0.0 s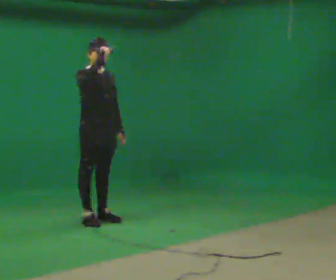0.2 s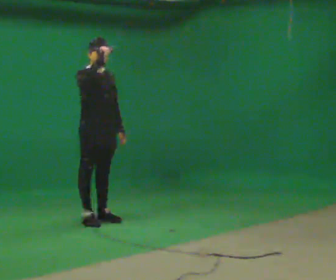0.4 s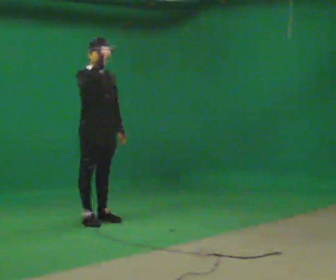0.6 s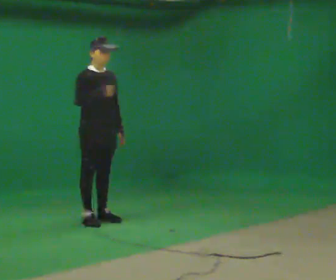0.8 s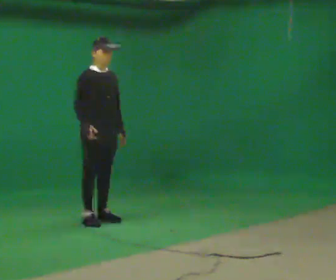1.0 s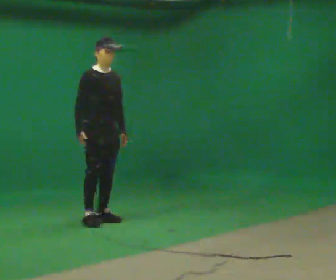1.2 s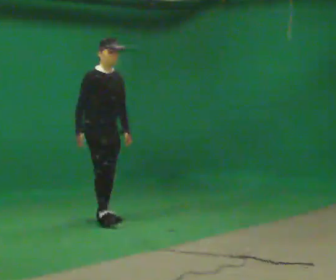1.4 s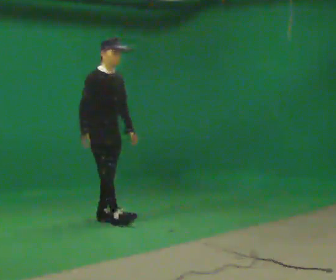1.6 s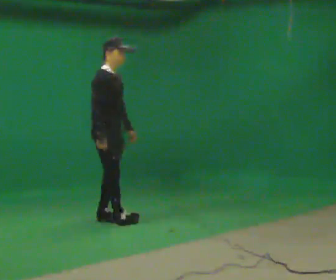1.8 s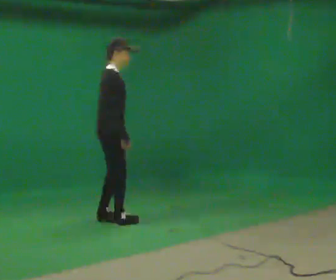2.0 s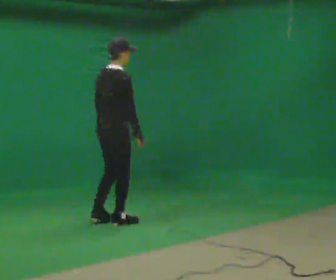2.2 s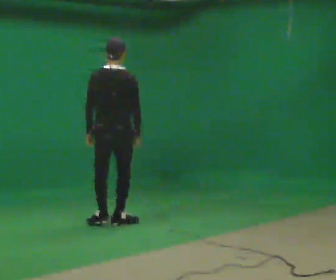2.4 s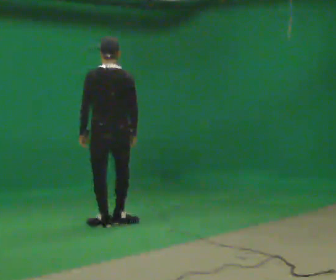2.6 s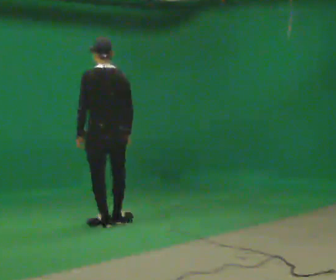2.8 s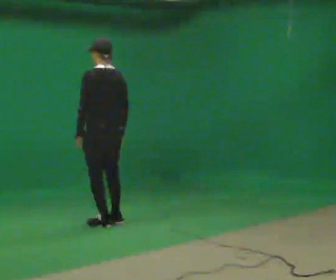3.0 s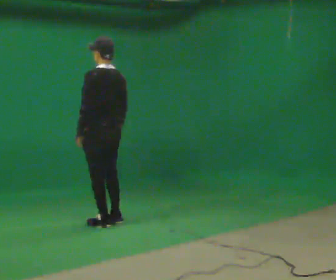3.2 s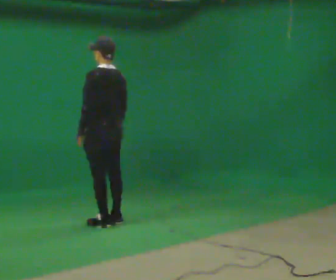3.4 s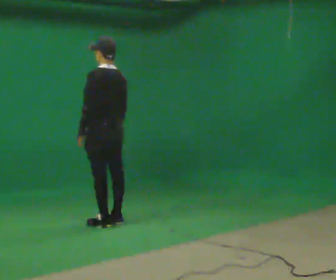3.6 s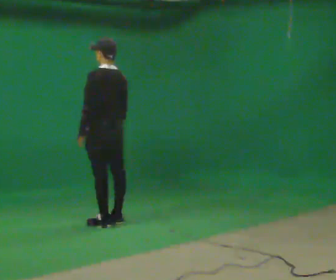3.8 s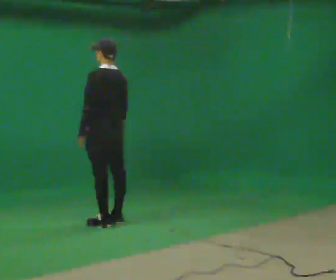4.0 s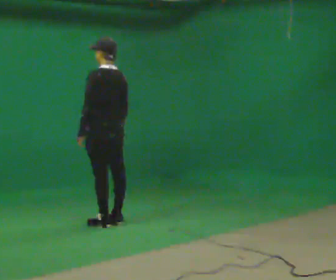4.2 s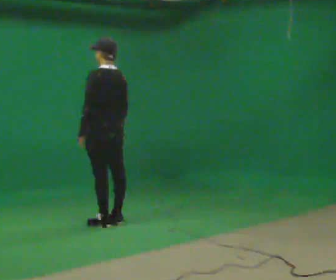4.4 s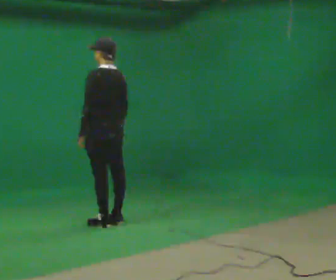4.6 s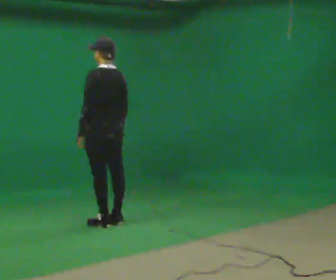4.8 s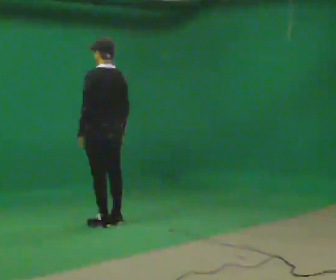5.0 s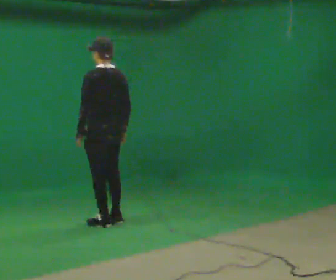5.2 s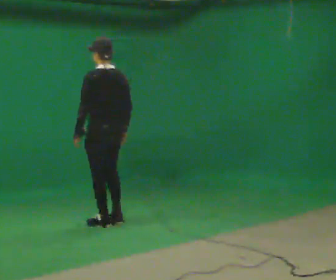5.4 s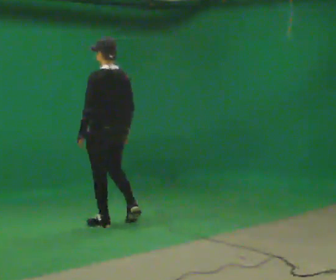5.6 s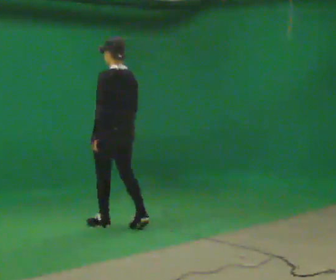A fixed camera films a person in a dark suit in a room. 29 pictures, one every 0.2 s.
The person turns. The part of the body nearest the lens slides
to the right.
Their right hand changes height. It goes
downward.
0.0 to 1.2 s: In the picture their right hand goes downward.
1.2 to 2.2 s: The person turns about 120 degrees to their left, counterclockwise seen from above, so the part of the body nearest the lens slides to the right. In the picture they go toward the camera and to the right, about 0.25 m in 1 step. In the picture their right hand goes to the right.
2.2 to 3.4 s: The person turns about 60 degrees to their left, counterclockwise seen from above, so the part of the body nearest the lens slides to the right.
3.4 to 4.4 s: The person keeps their place and pose.
4.4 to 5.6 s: In the picture they go toward the camera, about 0.25 m in 1 step, which for them is backward.
The film runs backward here.
